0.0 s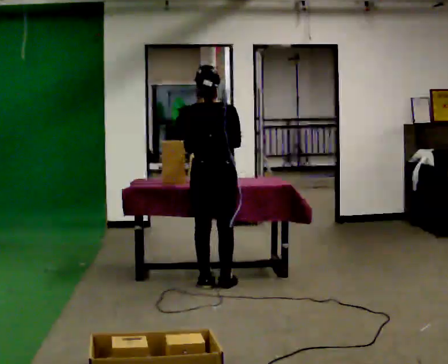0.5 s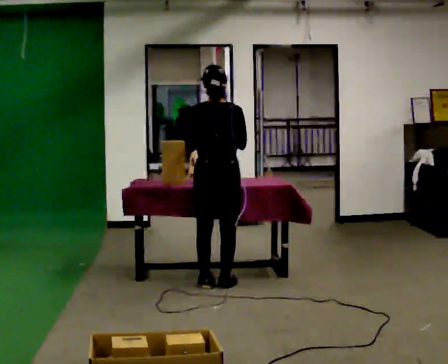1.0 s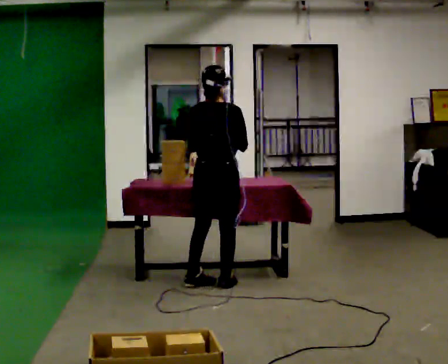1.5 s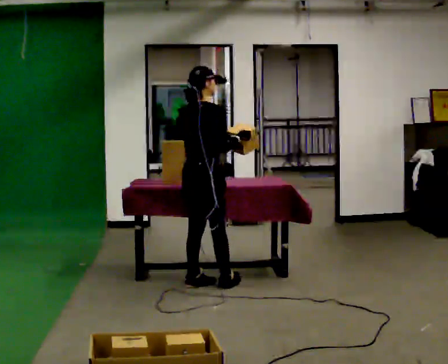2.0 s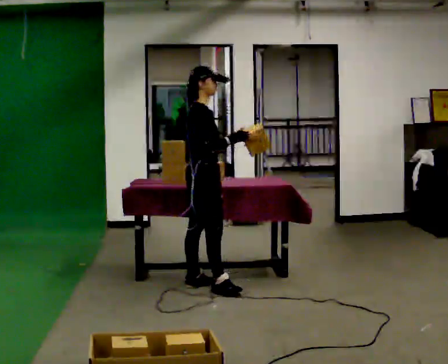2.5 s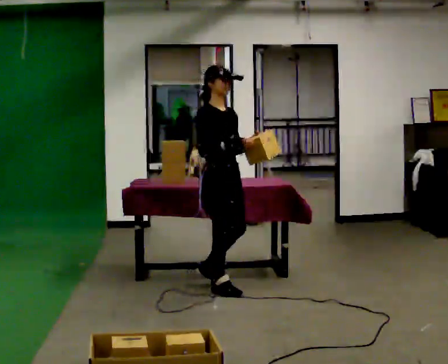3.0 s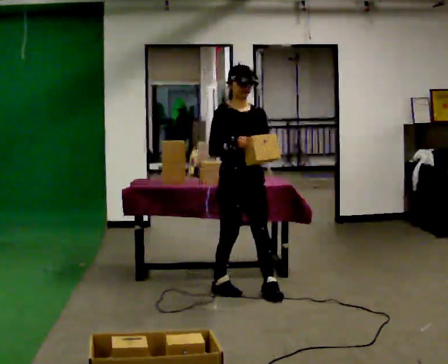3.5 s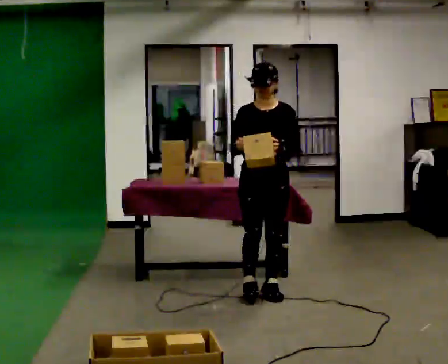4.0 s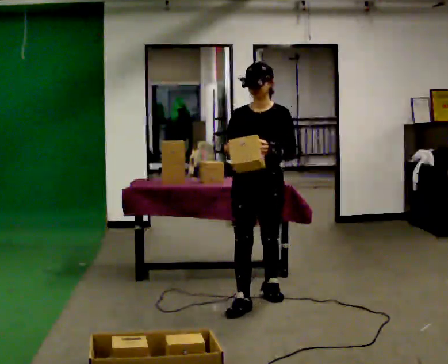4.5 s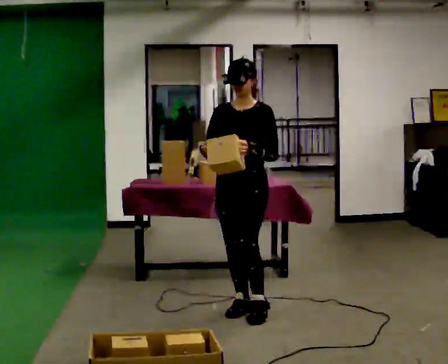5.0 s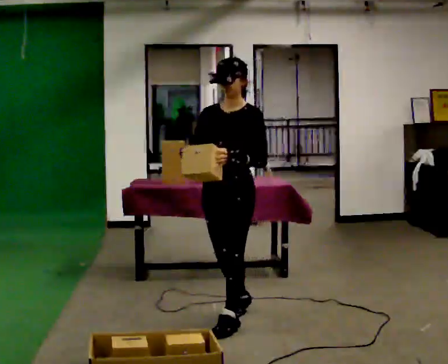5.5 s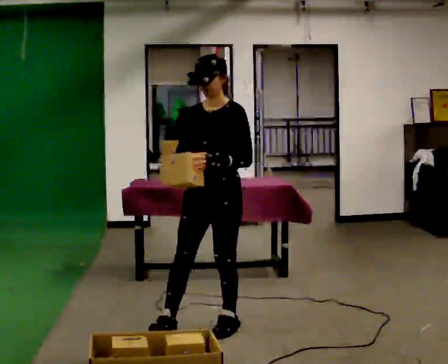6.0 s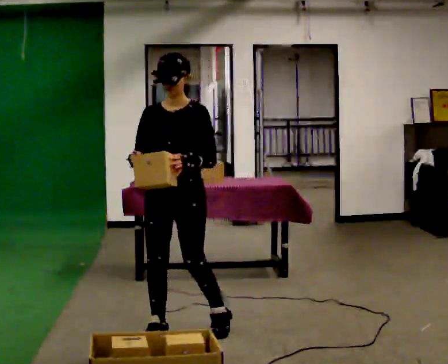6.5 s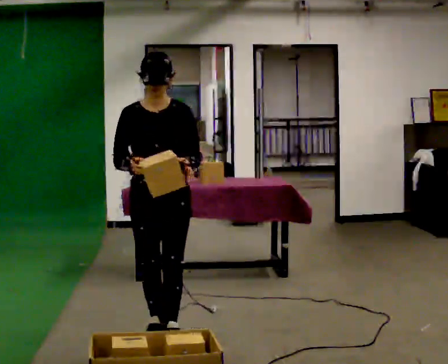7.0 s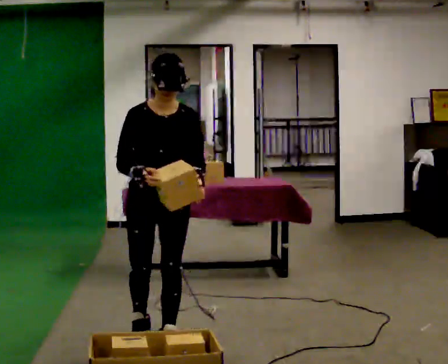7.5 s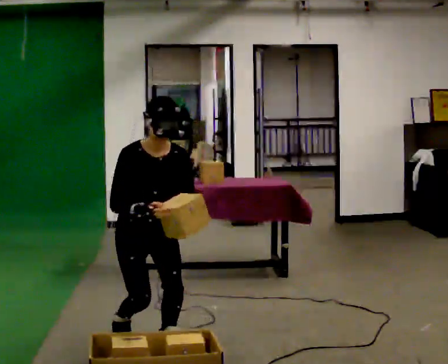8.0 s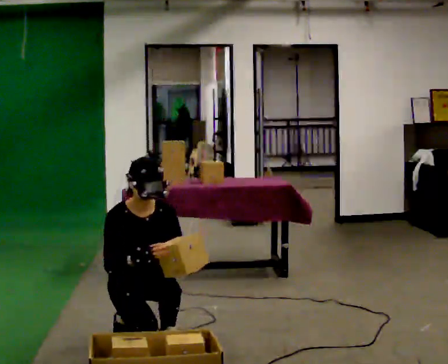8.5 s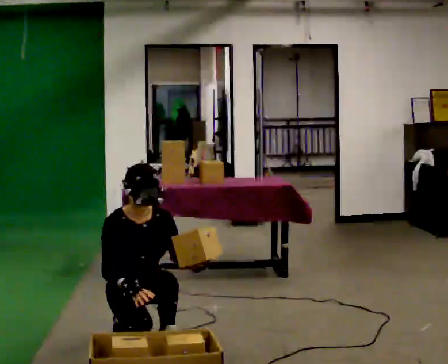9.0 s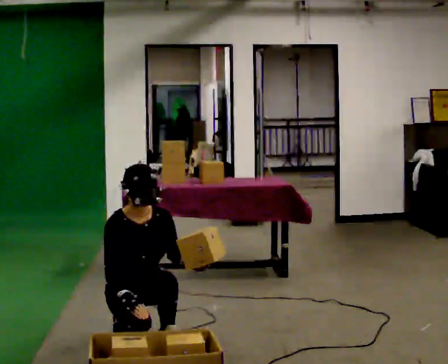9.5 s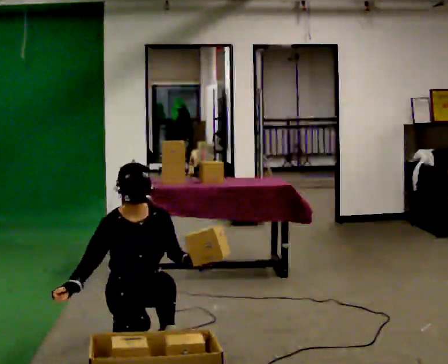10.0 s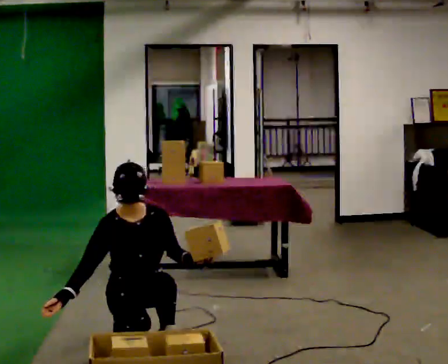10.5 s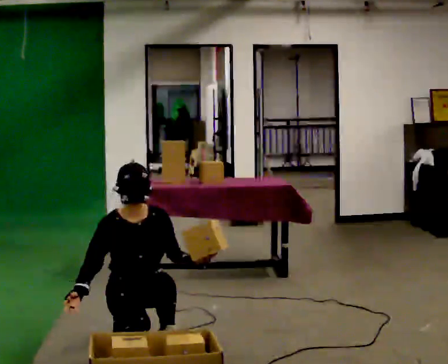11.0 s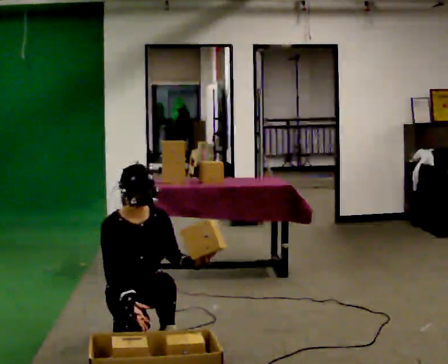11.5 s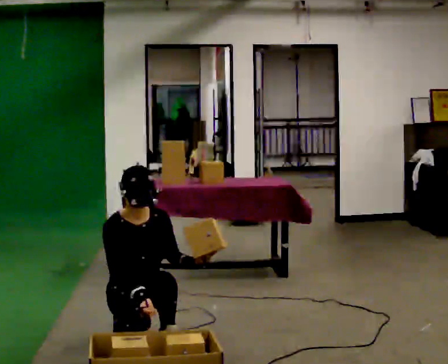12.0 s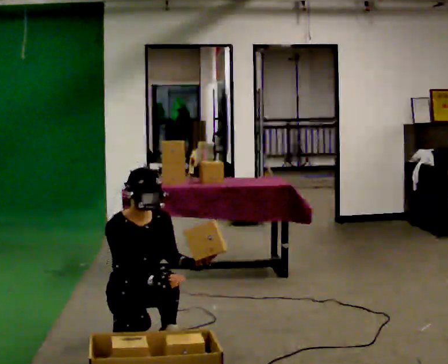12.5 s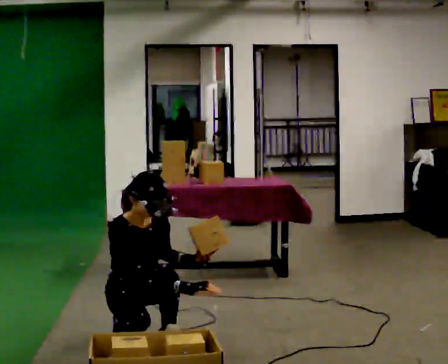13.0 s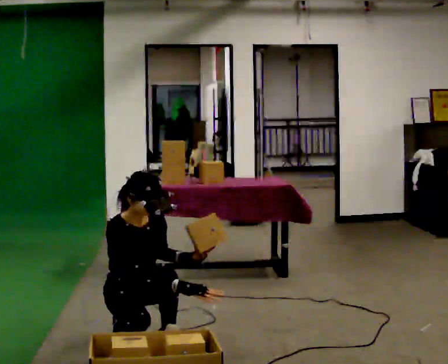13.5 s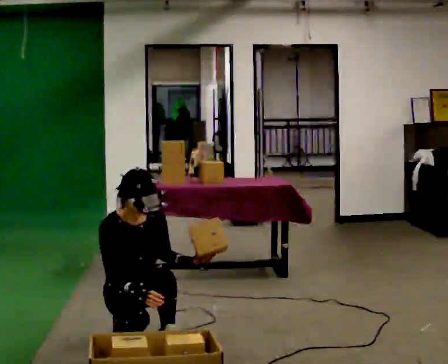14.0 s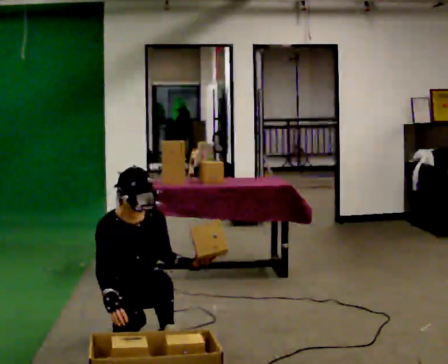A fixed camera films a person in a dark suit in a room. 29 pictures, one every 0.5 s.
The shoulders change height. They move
downward.
The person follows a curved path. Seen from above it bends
clockwise.
0.0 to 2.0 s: Seen from above the body turns clockwise, about 90 degrees: to their right, with its near side sliding to the left.
2.0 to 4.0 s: The person turns about 105 degrees to their right, clockwise seen from above, so the part of the body nearest the lens slides to the left. In the picture they go toward the camera and to the right, about 0.5 m in 2 steps.
4.0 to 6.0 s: In the picture they go toward the camera and to the left, about 1 m in 2 steps, which for them is forward.
6.0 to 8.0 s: The part of the body nearest the lens slides to the right as the person turns to their left by about 30 degrees. In the picture they go to the left, about 0.25 m in 2 steps, which for them is to their right. The shoulders move downward. The upper body tips toward the camera, its near side rolling downward, as they bend forward. In the picture their right hand goes downward.
8.0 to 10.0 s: In the picture their right hand goes to the left.
10.0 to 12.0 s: In the picture their right hand goes to the right.
12.0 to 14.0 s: The person moves a little, or ends about where they began.
The film runs forward here.
